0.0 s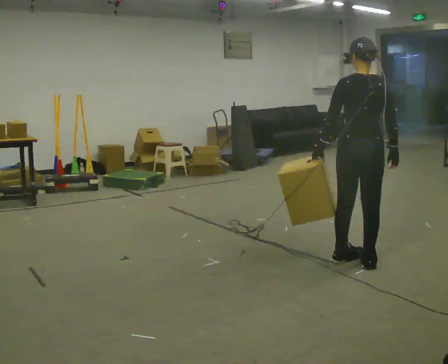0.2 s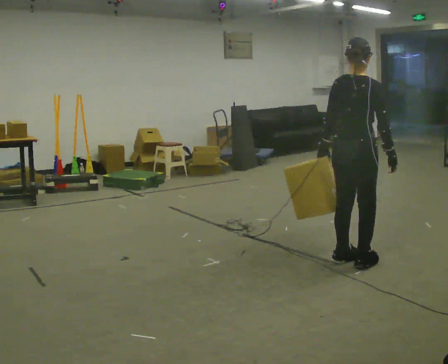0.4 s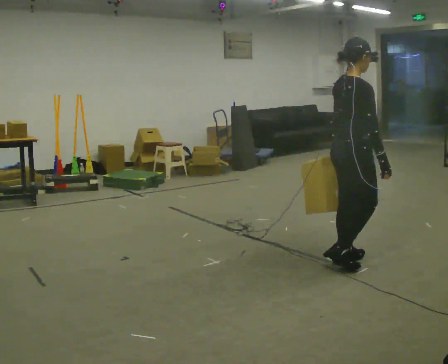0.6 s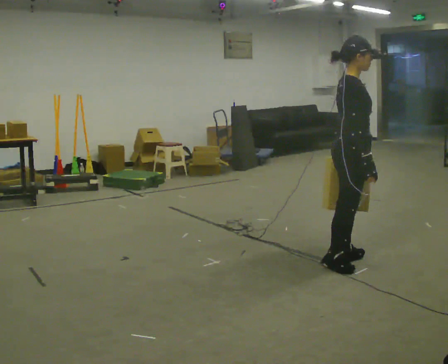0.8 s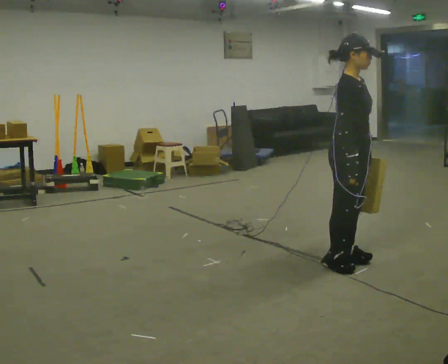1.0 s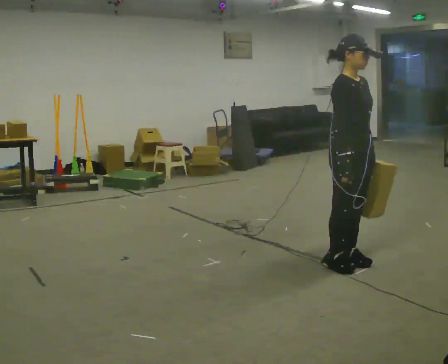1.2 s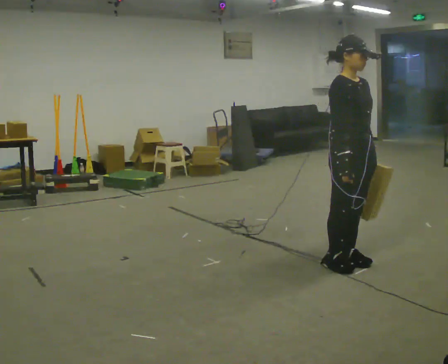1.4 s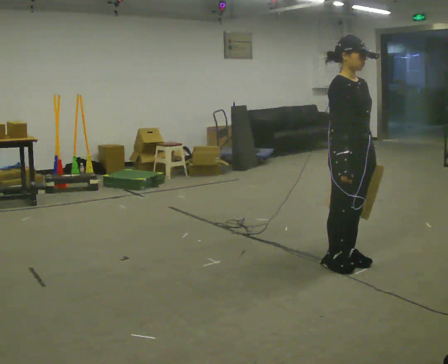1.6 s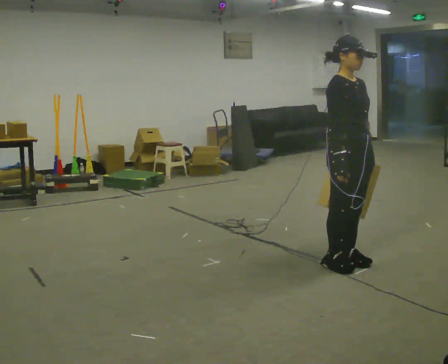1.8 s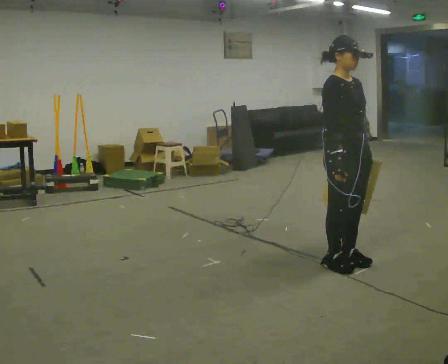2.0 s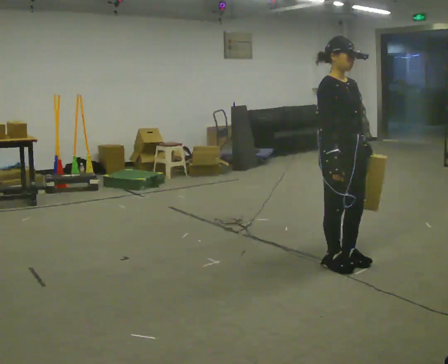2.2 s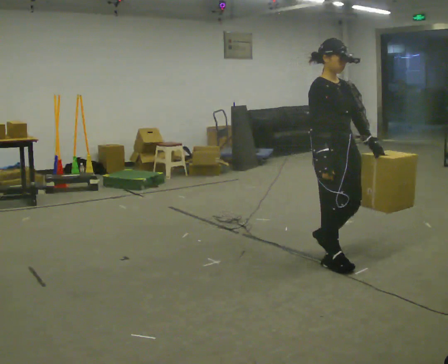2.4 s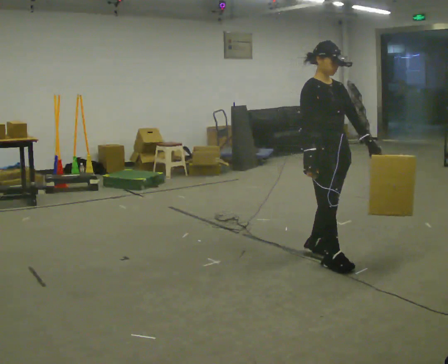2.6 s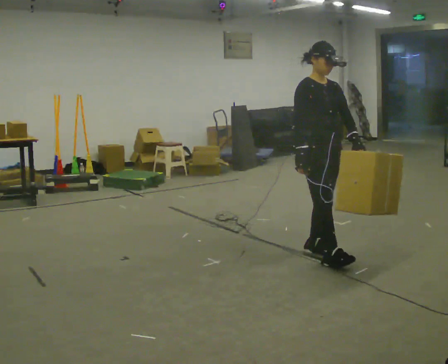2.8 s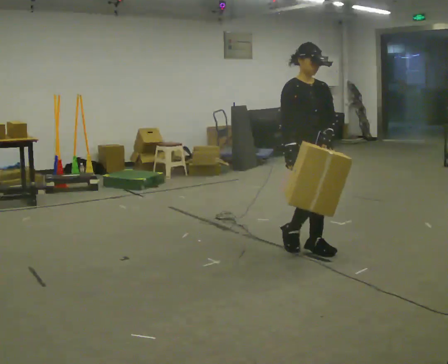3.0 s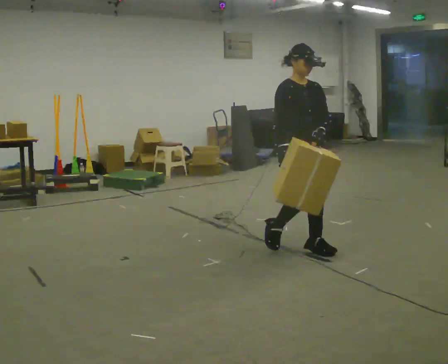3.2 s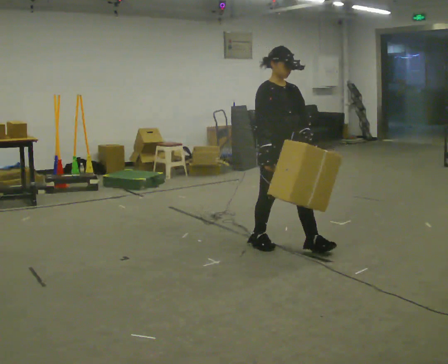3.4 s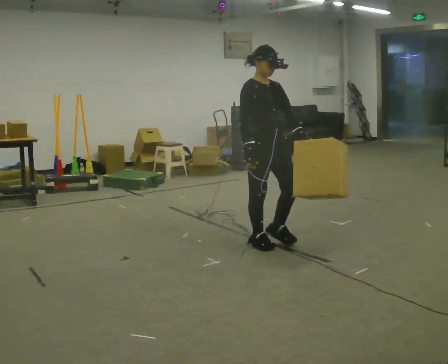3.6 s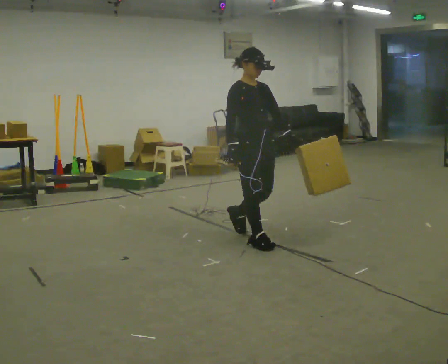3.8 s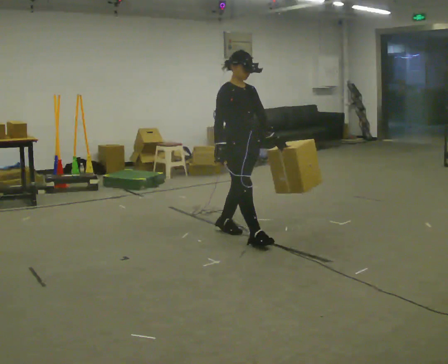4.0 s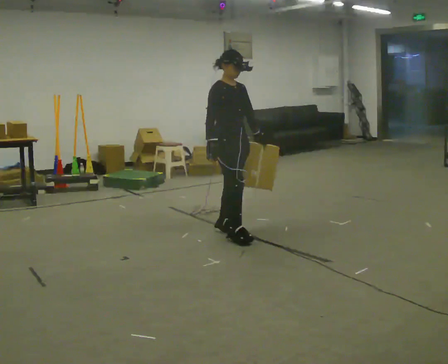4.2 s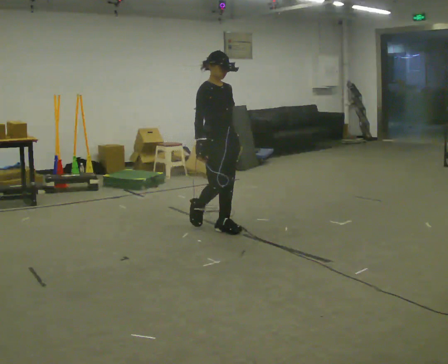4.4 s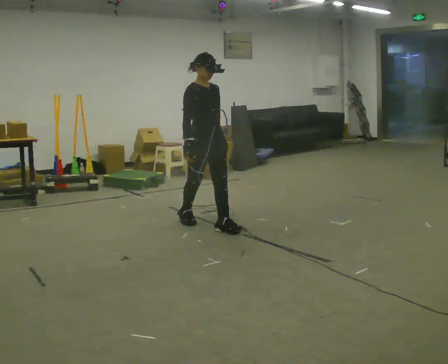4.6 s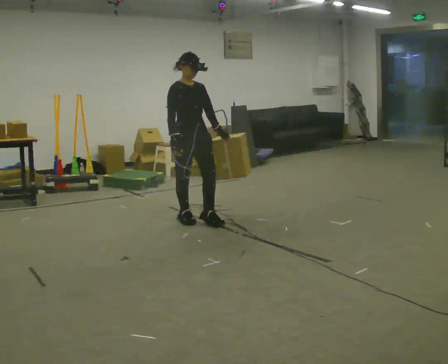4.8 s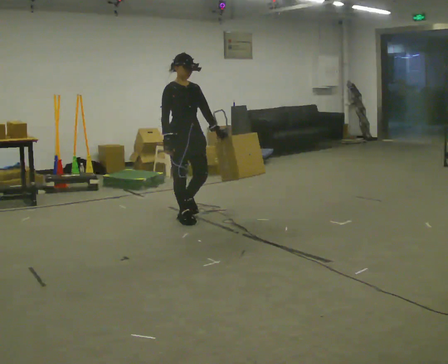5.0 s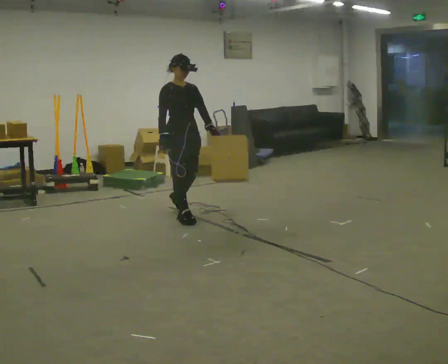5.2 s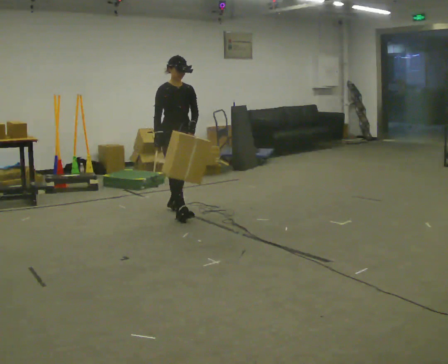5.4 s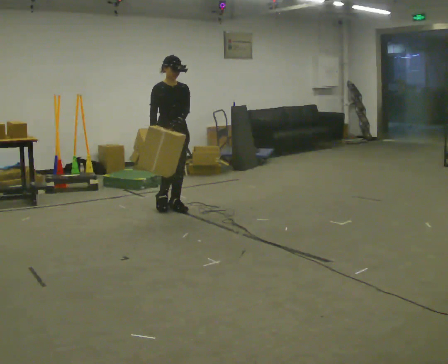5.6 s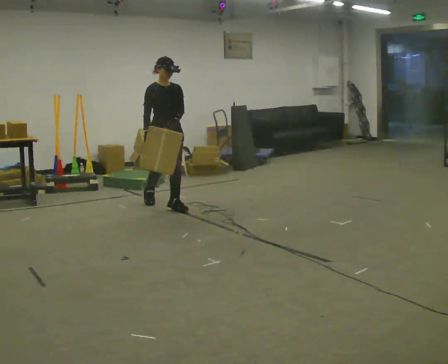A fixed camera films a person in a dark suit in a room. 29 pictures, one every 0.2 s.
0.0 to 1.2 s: The person turns about 135 degrees to their right, clockwise seen from above, so the part of the body nearest the lens slides to the left. In the picture their left hand goes to the right, the arm swinging counterclockwise.
1.2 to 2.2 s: The person moves a little, or ends about where they began.
2.2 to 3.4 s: In the picture they go to the left and away from the camera, about 0.75 m in 2 steps, which for them is backward.
3.4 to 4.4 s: In the picture they go to the left and away from the camera, about 0.5 m in 1 step, which for them is backward.
4.4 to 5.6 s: In the picture they go away from the camera and to the left, about 1 m in 2 steps, which for them is backward.
The film runs backward here.
